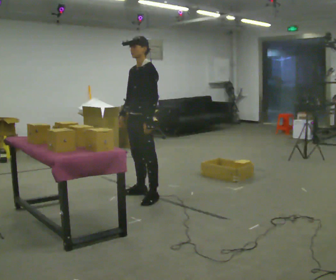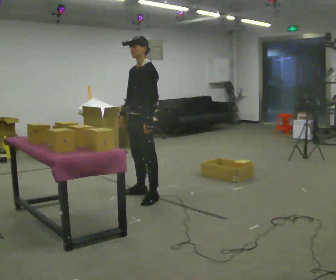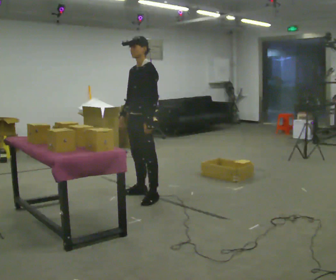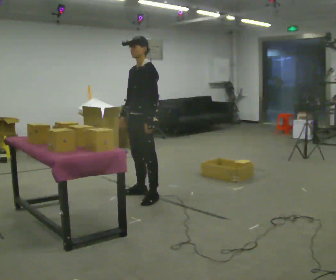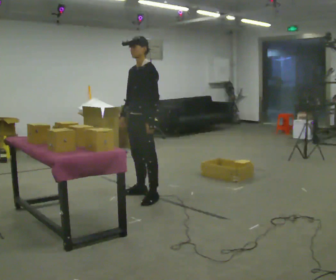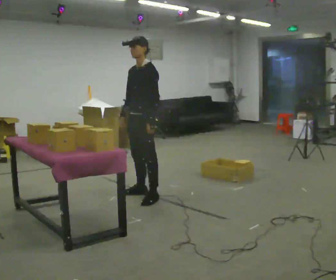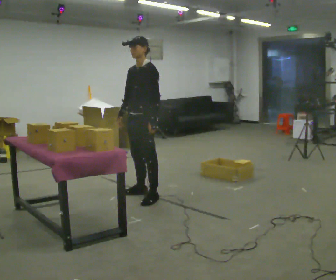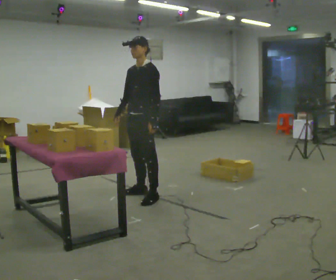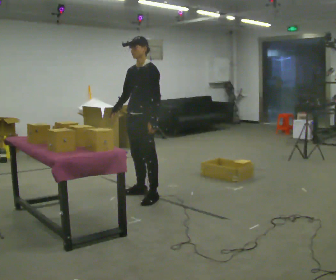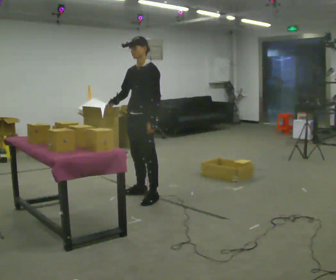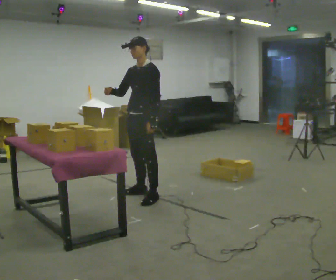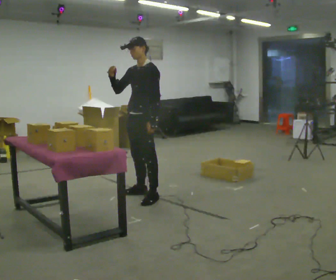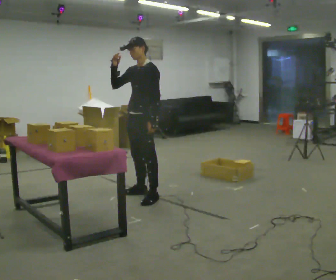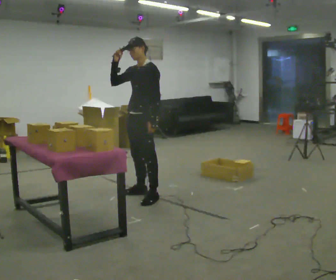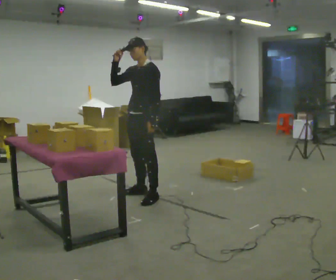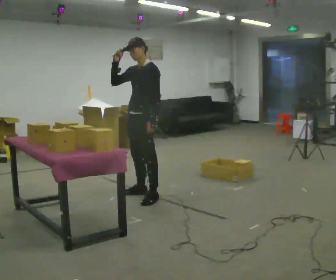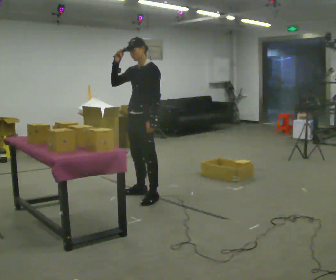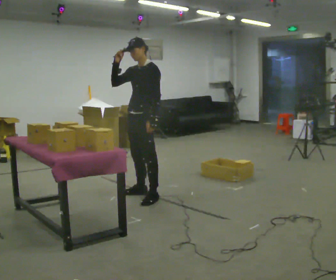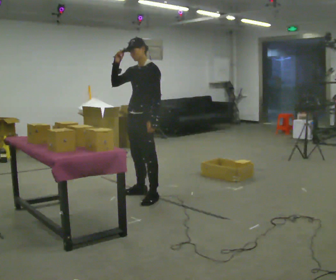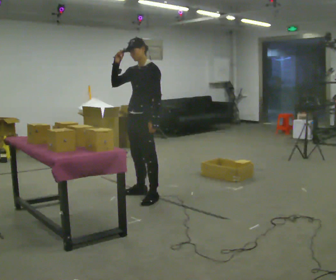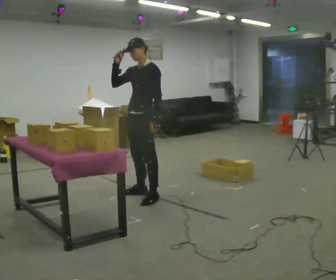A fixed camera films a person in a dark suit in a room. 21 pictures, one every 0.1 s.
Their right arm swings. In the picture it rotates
clockwise.
Their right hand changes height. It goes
upward.
0.0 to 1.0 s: The person moves a little, or ends about where they began.
1.0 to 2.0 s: In the picture their right hand goes upward.
The film runs backward here.
